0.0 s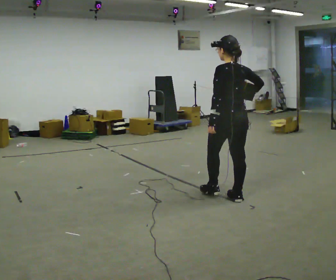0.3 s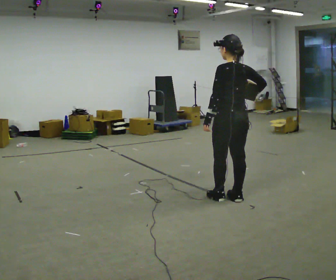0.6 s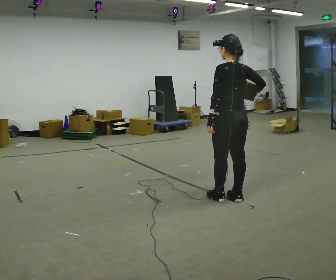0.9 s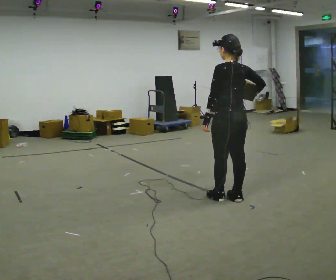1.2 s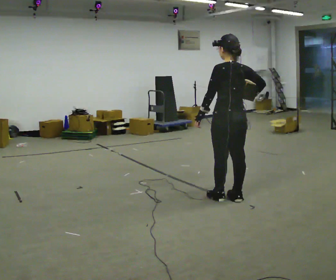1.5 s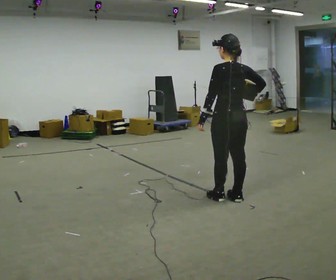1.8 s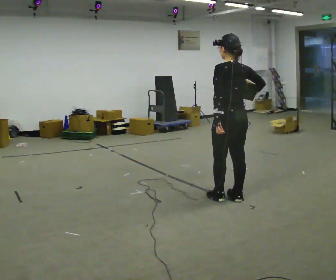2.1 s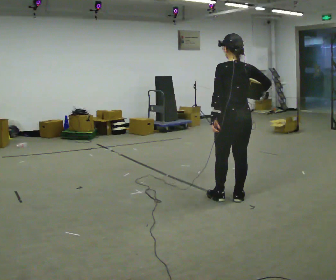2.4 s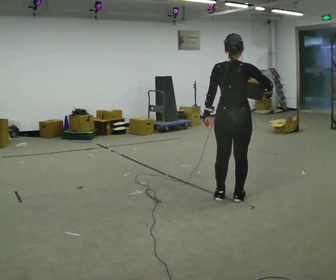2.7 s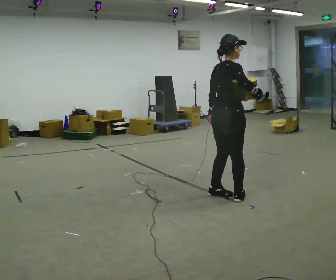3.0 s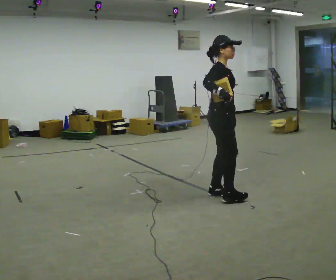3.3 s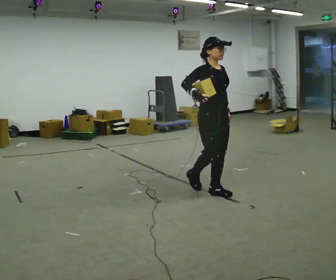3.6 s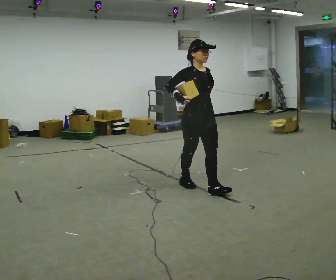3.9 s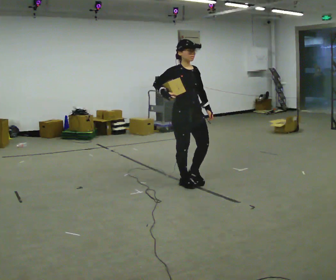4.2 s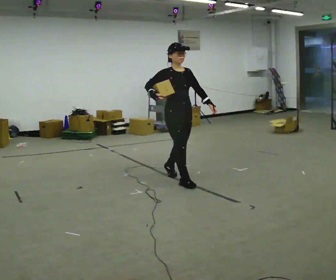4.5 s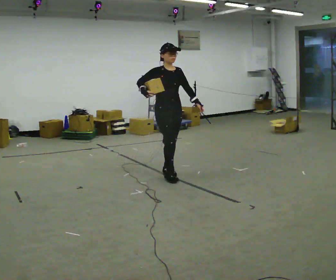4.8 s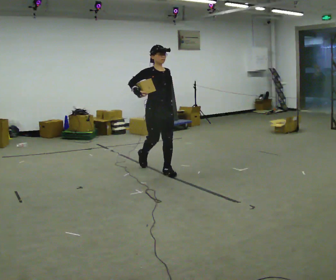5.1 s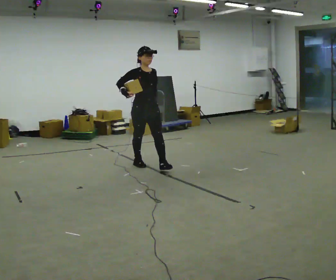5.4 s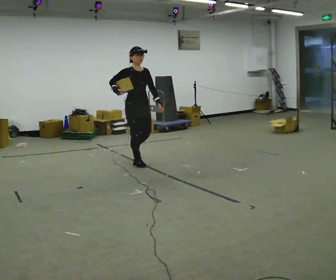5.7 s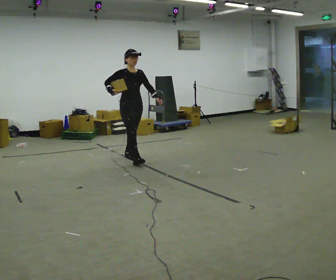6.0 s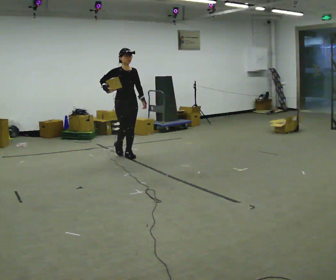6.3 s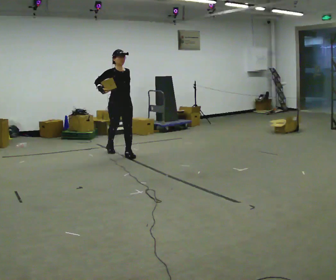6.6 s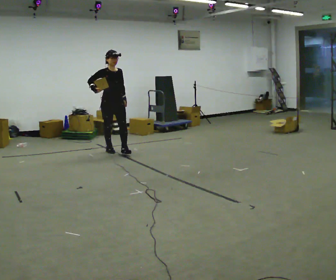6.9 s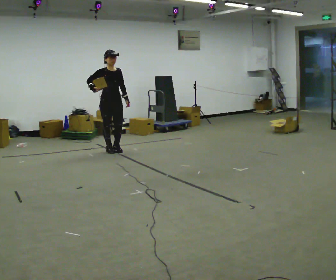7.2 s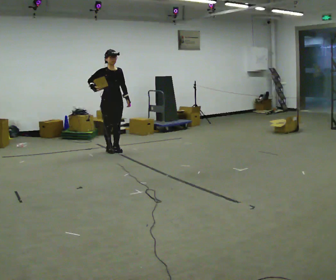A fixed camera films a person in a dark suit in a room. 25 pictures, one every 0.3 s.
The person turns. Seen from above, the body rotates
clockwise.
The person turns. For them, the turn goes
to their right.
0.0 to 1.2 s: The person moves a little, or ends about where they began.
1.2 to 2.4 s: The person turns about 30 degrees to their right, clockwise seen from above, so the part of the body nearest the lens slides to the left.
2.4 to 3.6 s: The person turns about 135 degrees to their right, clockwise seen from above, so the part of the body nearest the lens slides to the left. In the picture they go to the left and away from the camera, about 0.5 m in 2 steps.
3.6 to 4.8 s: In the picture they go to the left and away from the camera, about 1 m in 2 steps, which for them is backward.
4.8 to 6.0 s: In the picture they go to the left and away from the camera, about 1 m in 2 steps, which for them is backward.
6.0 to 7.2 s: In the picture they go to the left and away from the camera, about 0.5 m in 1 step, which for them is backward.
The film runs backward here.
